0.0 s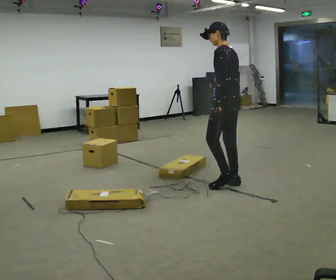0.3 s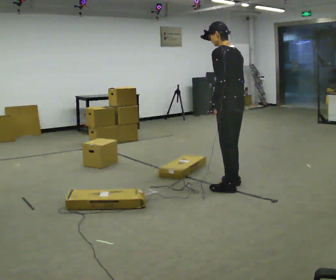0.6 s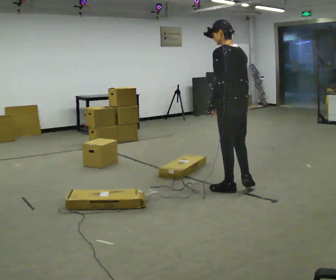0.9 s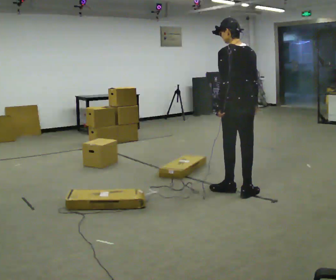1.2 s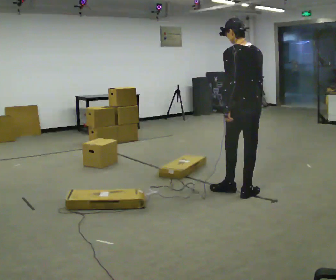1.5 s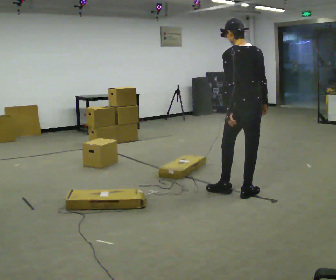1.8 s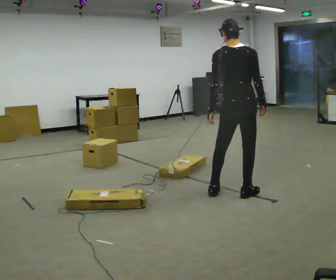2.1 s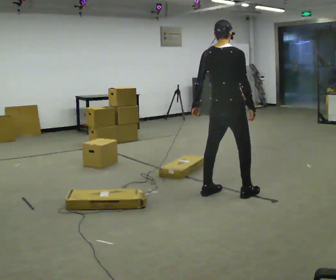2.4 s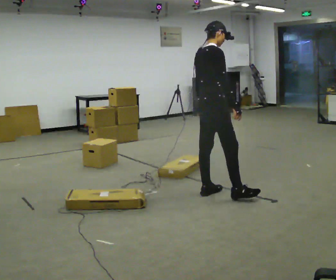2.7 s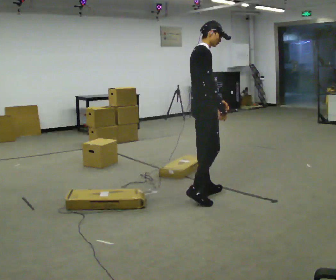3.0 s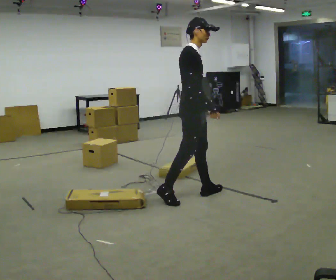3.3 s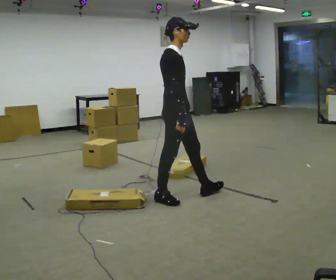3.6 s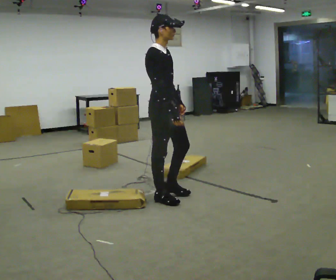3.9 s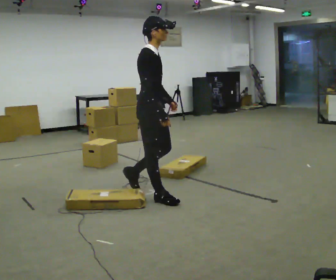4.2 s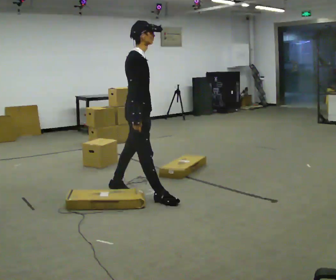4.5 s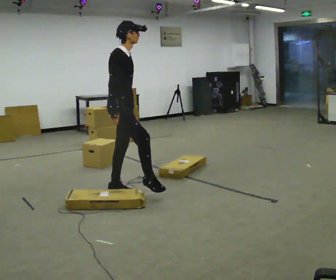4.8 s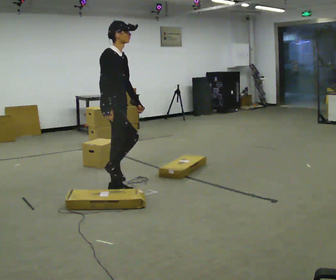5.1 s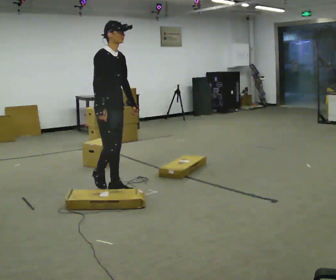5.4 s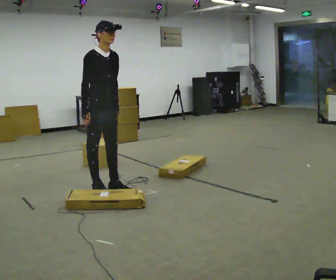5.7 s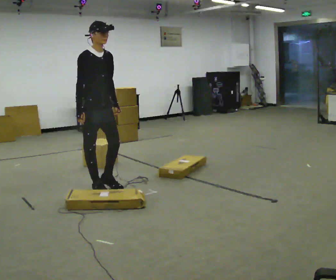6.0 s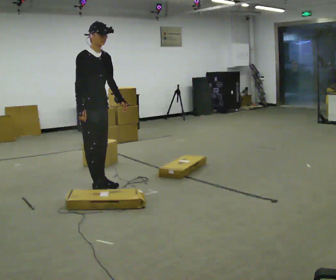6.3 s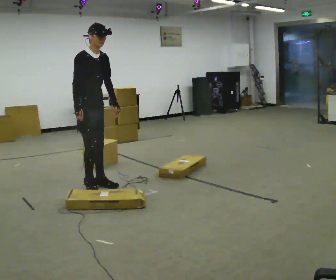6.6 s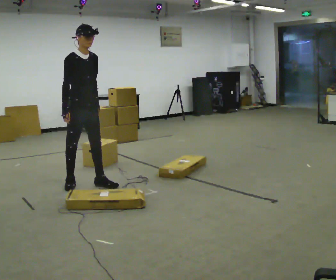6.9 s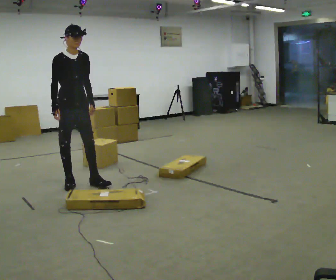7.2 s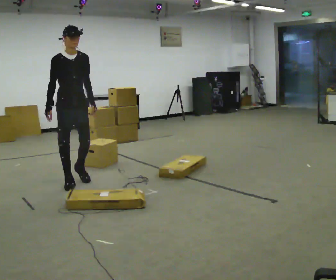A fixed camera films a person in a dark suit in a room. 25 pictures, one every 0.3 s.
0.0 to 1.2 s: The part of the body nearest the lens slides to the left as the person turns to their right by about 45 degrees. In the picture they go toward the camera, about 0.25 m in 1 step, which for them is backward.
1.2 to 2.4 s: Seen from above the body turns clockwise, about 75 degrees: to their right, with its near side sliding to the left. In the picture they go to the left, about 0.5 m in 2 steps.
2.4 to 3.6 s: The part of the body nearest the lens slides to the left as the person turns to their right by about 45 degrees. In the picture they go to the left, about 0.5 m in 1 step, which for them is backward and to their right.
3.6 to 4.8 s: In the picture they go to the left and away from the camera, about 0.5 m in 1 step, which for them is backward.
4.8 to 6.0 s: In the picture they go to the left, about 0.25 m in 1 step, which for them is backward.
6.0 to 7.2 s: In the picture they go to the left and away from the camera, about 0.25 m in 2 steps, which for them is backward.
The film runs backward here.
